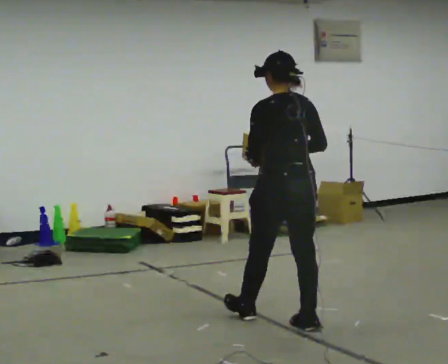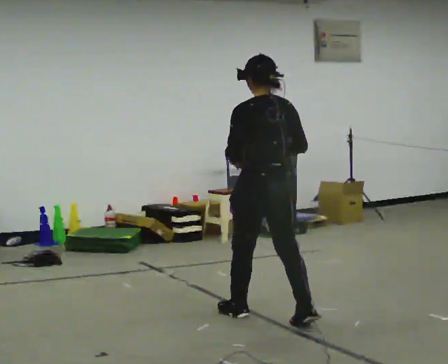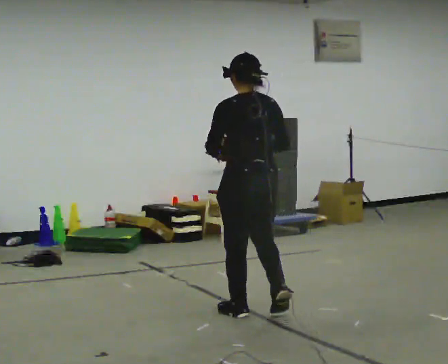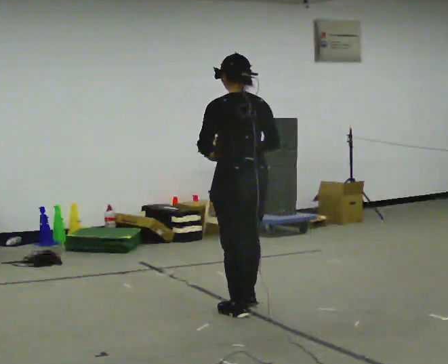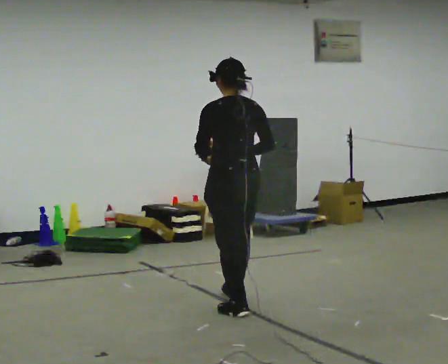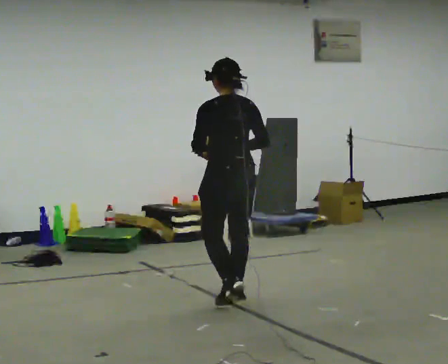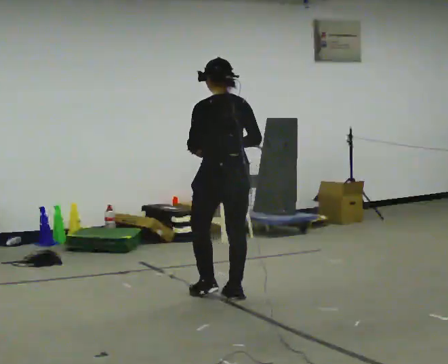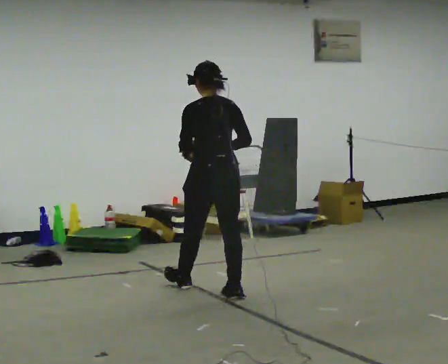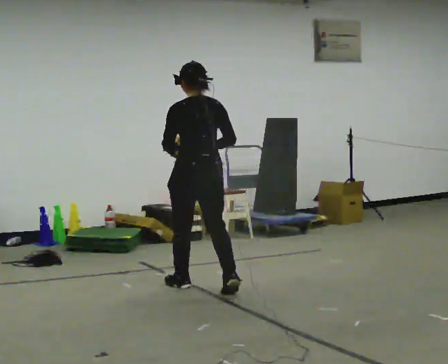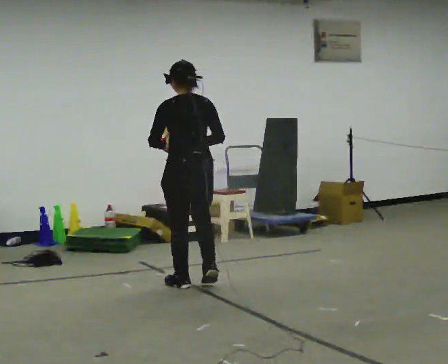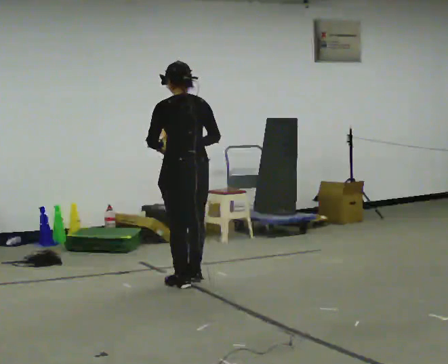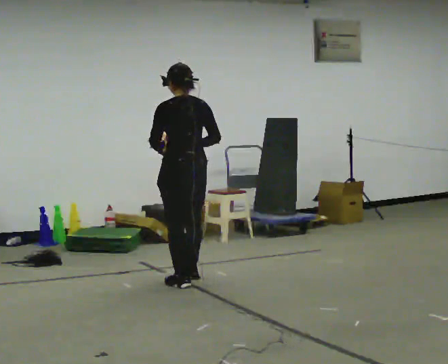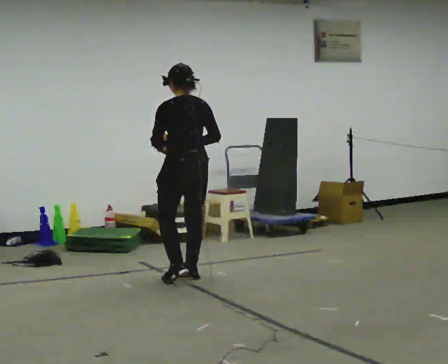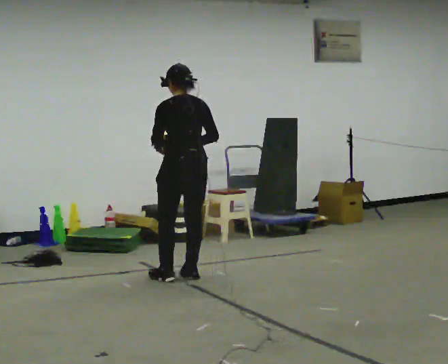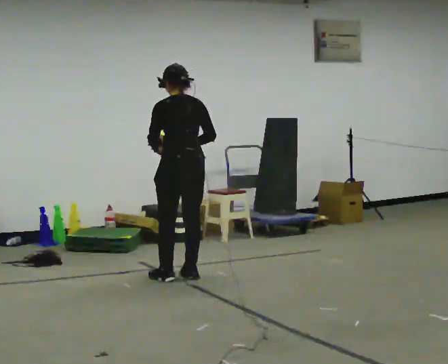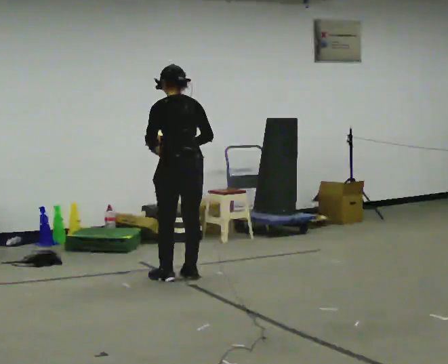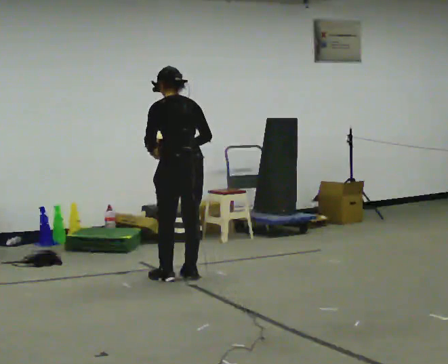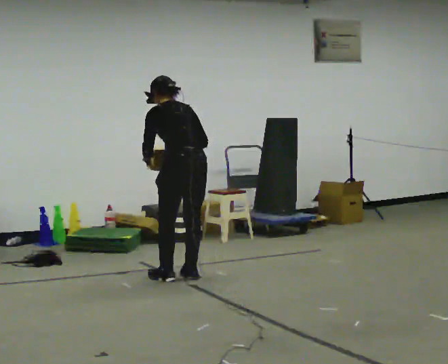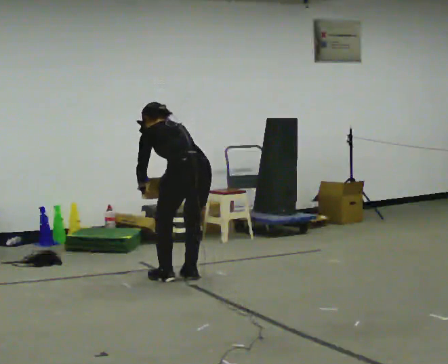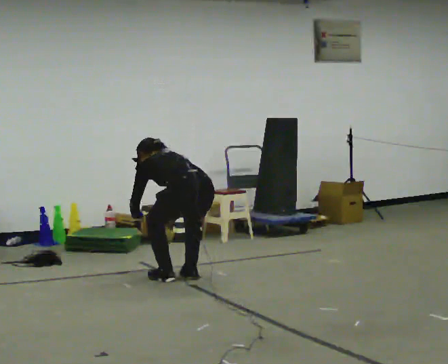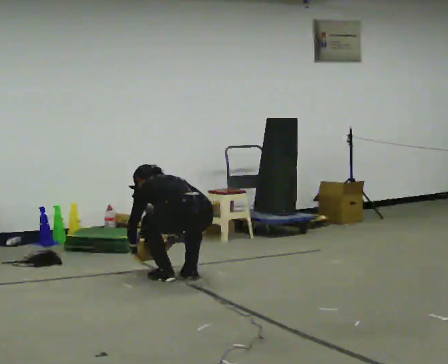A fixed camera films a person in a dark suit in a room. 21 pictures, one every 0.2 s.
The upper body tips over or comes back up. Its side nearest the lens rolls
upward.
The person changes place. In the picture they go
away from the camera.
0.0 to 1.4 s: In the picture they go away from the camera and to the left, about 1 m in 2 steps, which for them is forward.
1.4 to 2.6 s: In the picture they go away from the camera and to the left, about 0.5 m in 3 steps, which for them is forward.
2.6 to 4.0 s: The upper body goes downward. The upper body tips away from the camera, its near side rolling upward, as they bend forward. In the picture their left hand goes downward.
The film runs forward here.
